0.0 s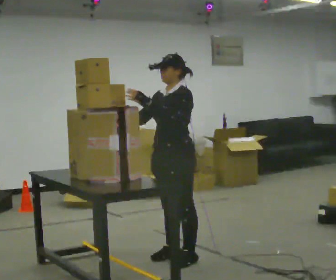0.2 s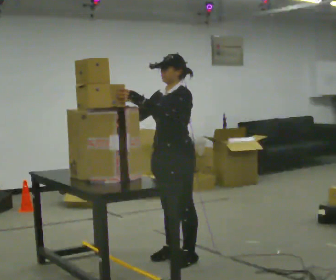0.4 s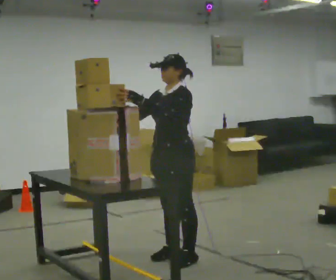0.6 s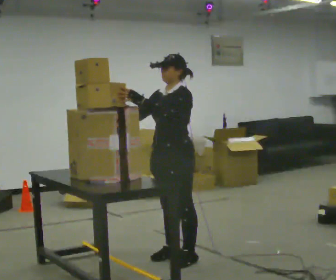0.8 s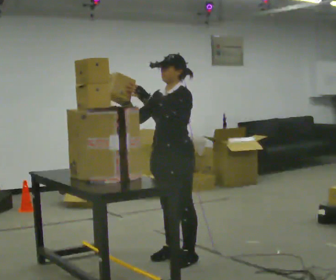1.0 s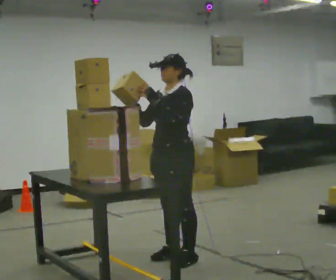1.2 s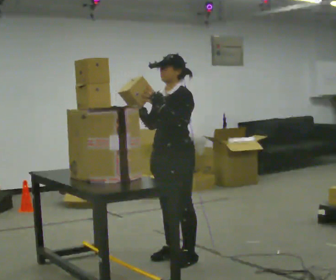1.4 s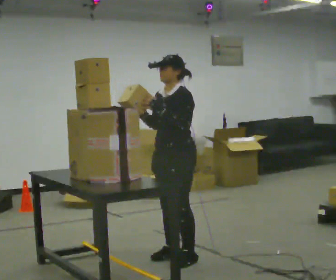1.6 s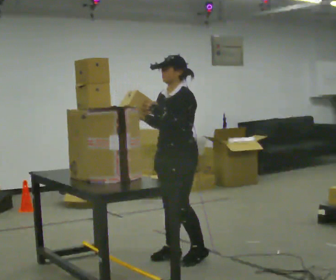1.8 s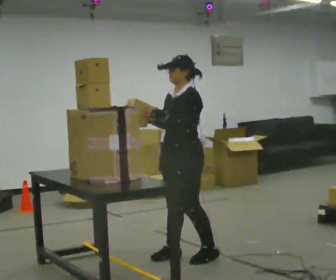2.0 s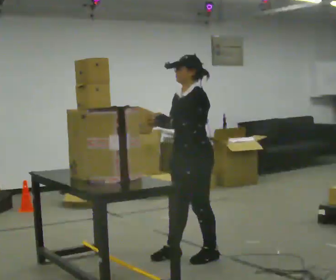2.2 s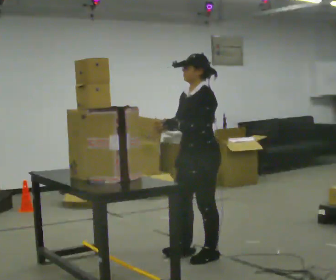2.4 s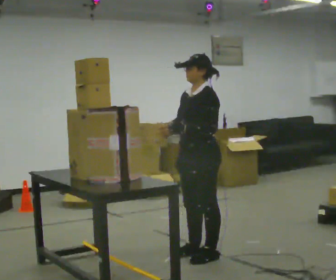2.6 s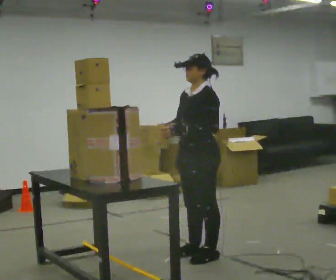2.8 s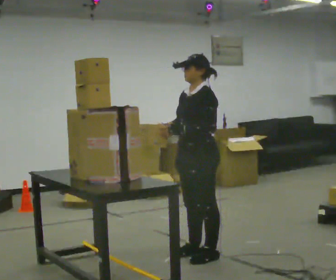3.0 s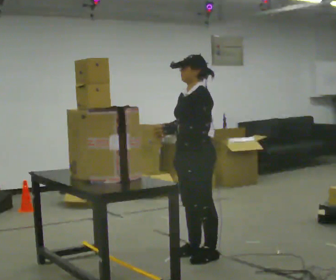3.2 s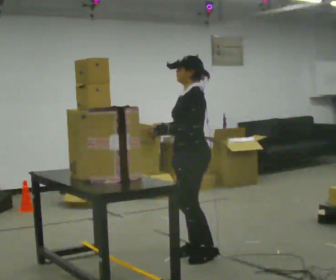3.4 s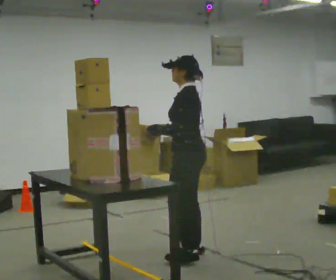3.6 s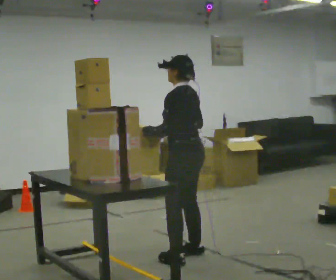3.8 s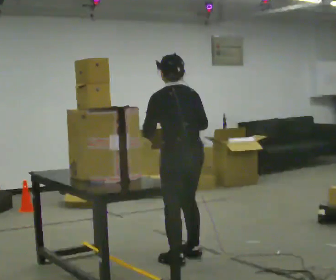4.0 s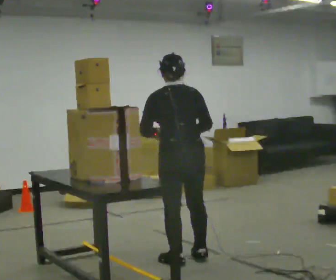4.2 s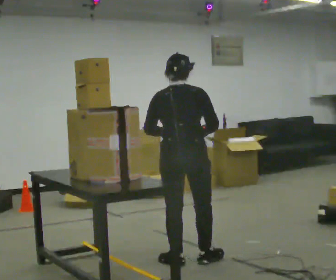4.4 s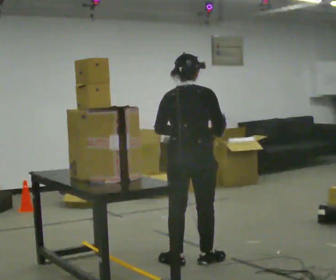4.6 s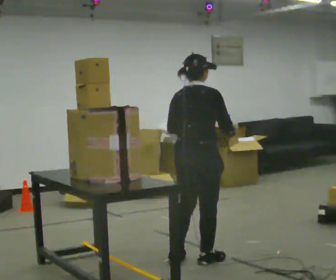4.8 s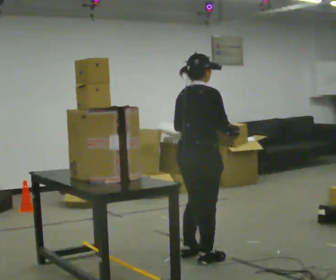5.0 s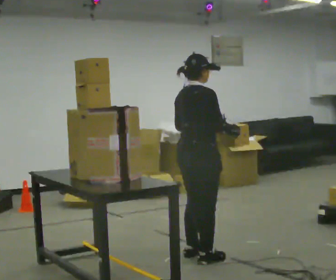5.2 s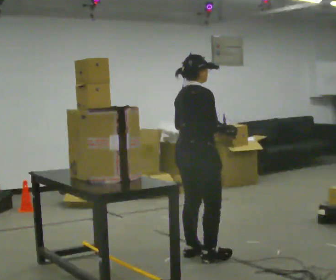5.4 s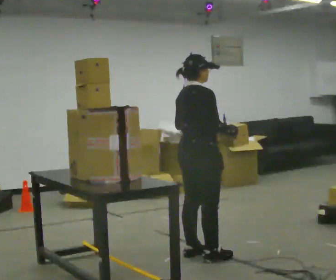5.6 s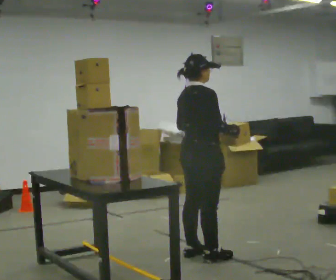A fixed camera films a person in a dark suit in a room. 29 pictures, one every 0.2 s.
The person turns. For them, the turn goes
to their right.
The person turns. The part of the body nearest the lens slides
to the left.
0.0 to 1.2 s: The person moves a little, or ends about where they began.
1.2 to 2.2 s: In the picture they go to the right, about 0.25 m in 1 step, which for them is backward.
2.2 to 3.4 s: The part of the body nearest the lens slides to the left as the person turns to their right by about 30 degrees.
3.4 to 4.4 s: Seen from above the body turns clockwise, about 105 degrees: to their right, with its near side sliding to the left. In the picture they go toward the camera, about 0.25 m in 2 steps. In the picture their right hand goes to the right.
4.4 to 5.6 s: The part of the body nearest the lens slides to the left as the person turns to their right by about 45 degrees.
The film runs forward here.
